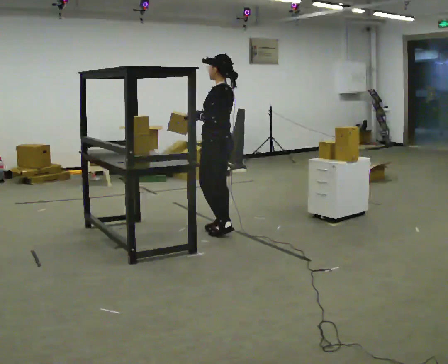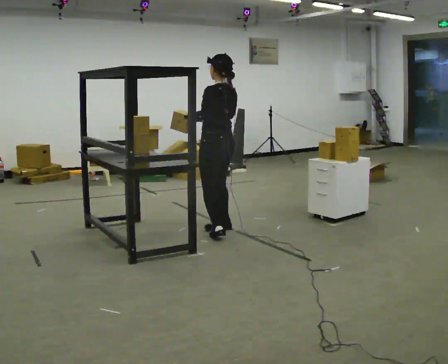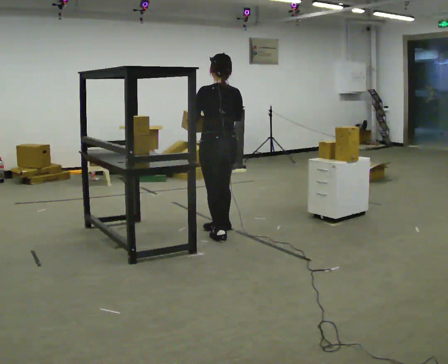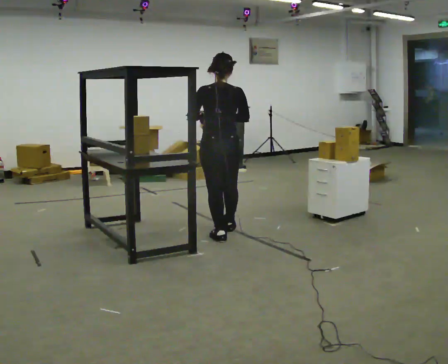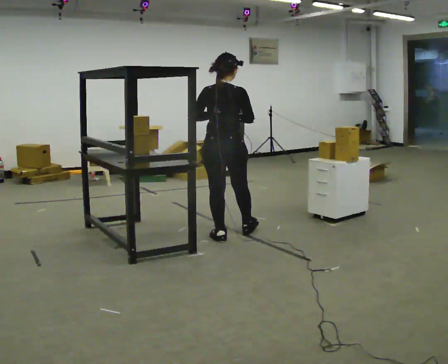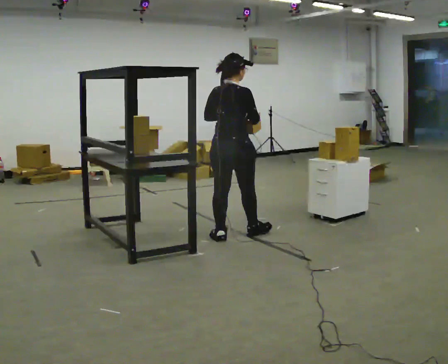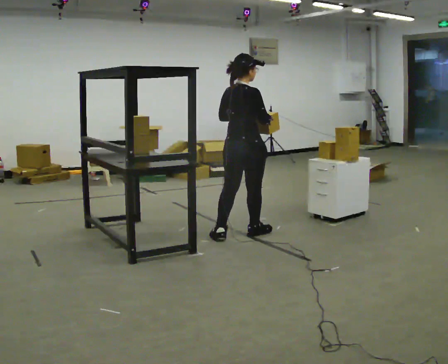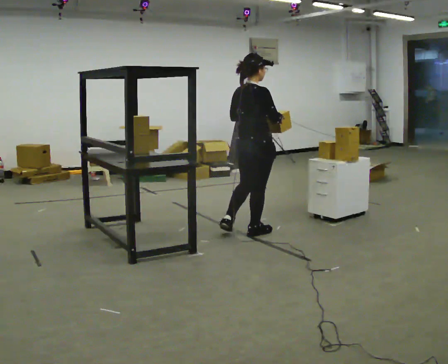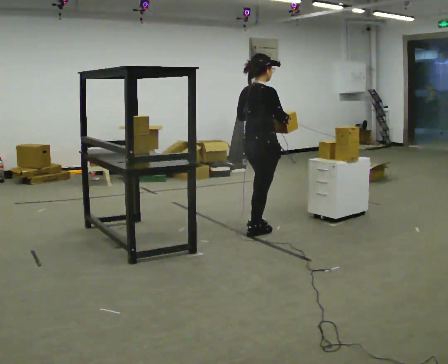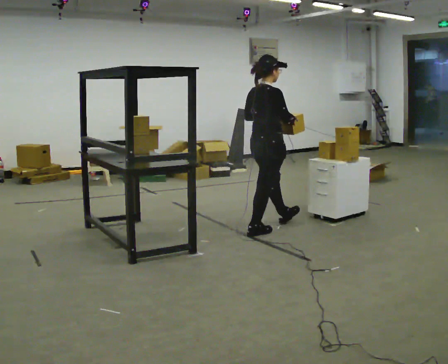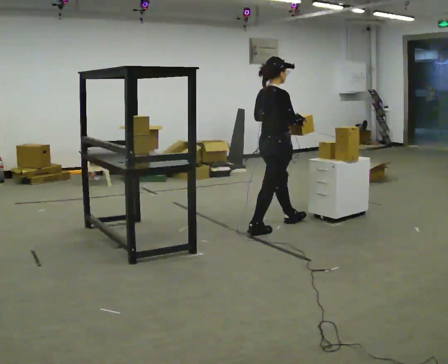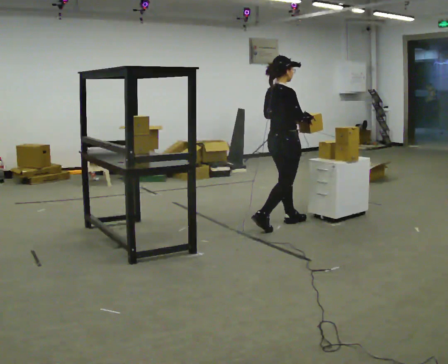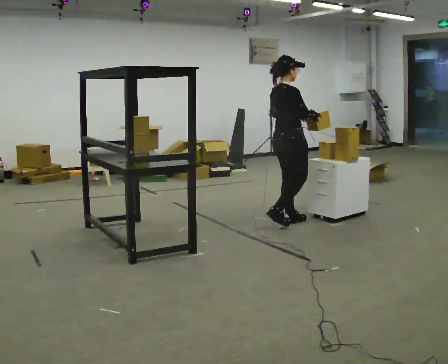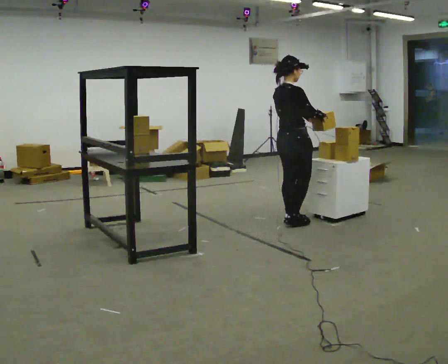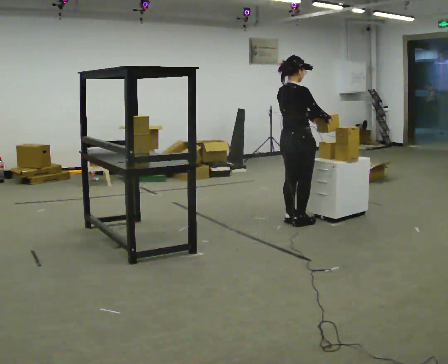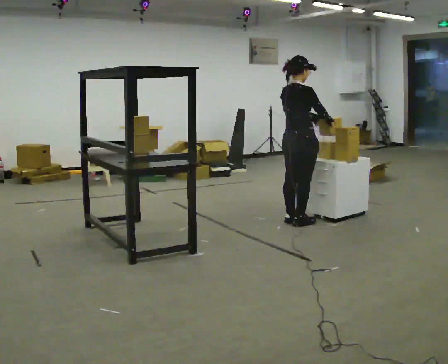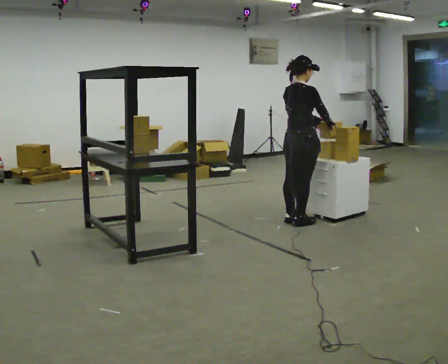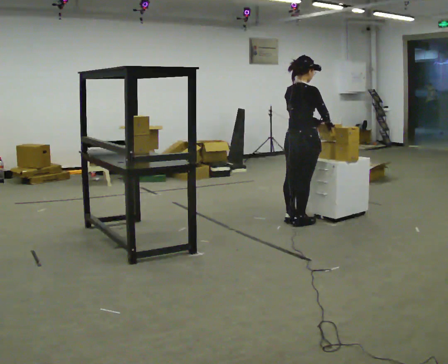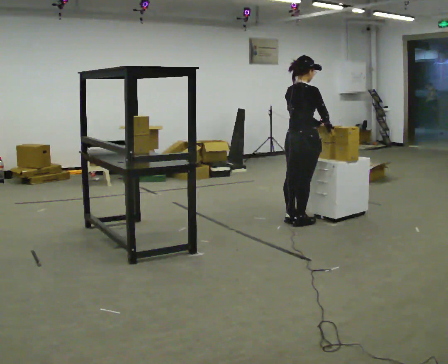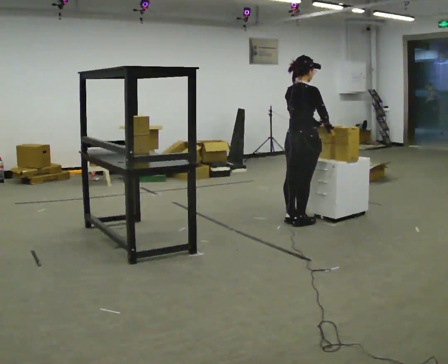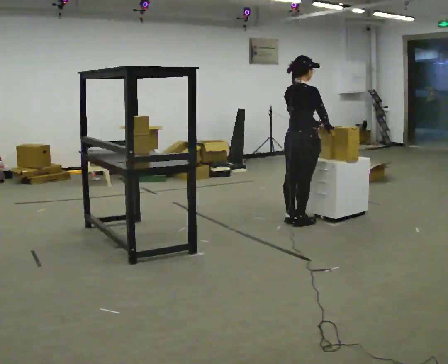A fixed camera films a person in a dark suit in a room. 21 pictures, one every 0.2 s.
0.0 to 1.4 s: The person turns about 120 degrees to their right, clockwise seen from above, so the part of the body nearest the lens slides to the left. In the picture they go to the right, about 0.25 m in 2 steps.
1.4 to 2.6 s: In the picture they go away from the camera and to the right, about 0.5 m in 1 step, which for them is forward.
2.6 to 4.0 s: The person moves a little, or ends about where they began.
The film runs forward here.
